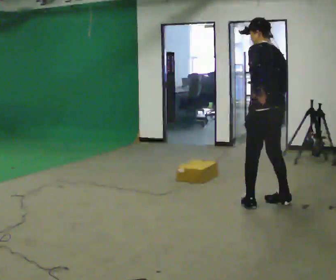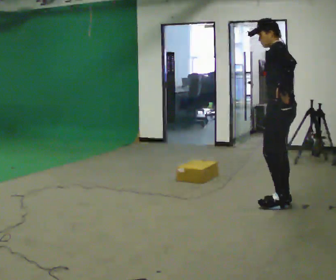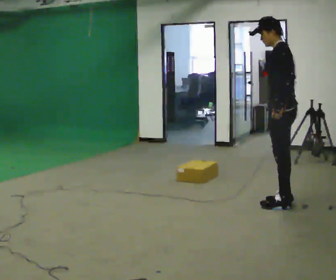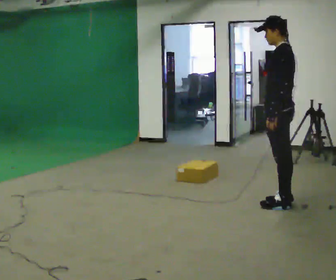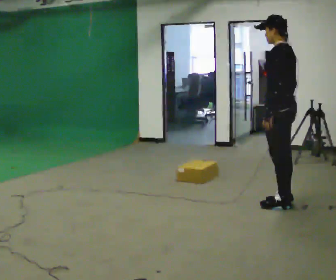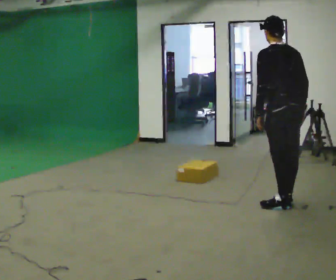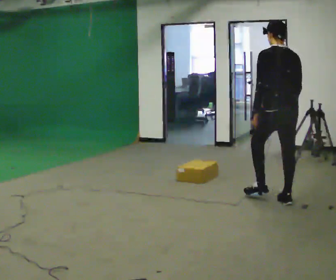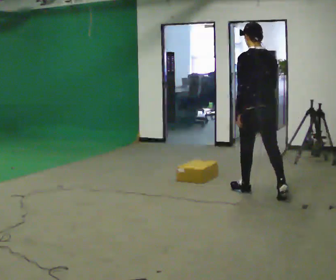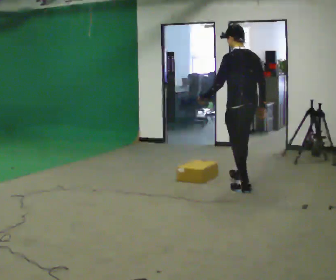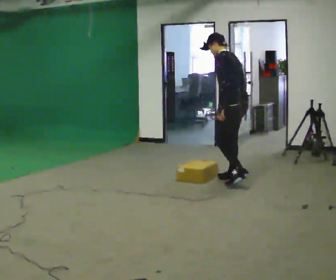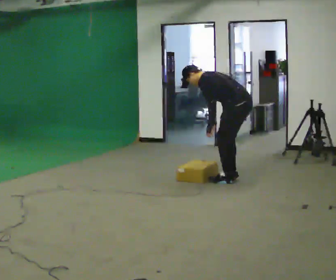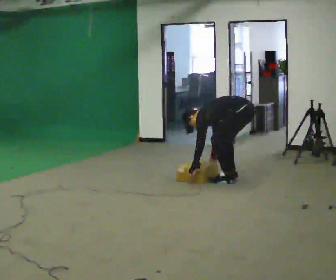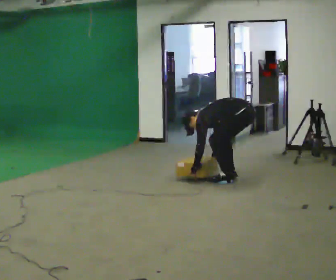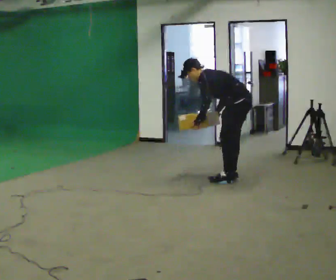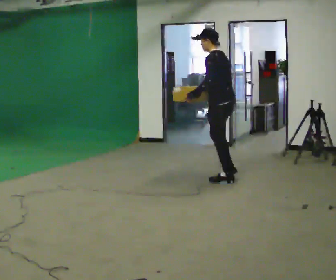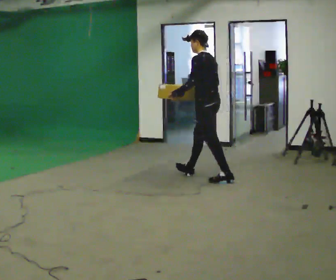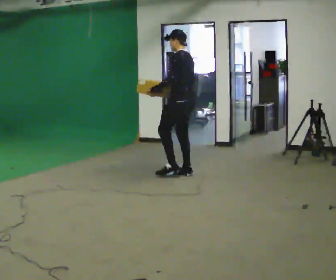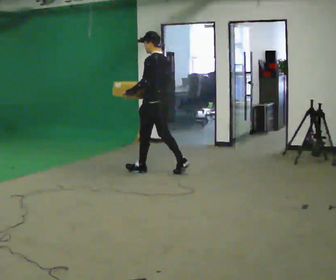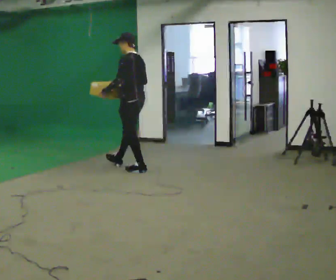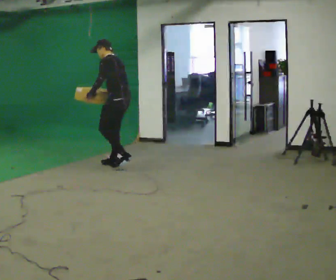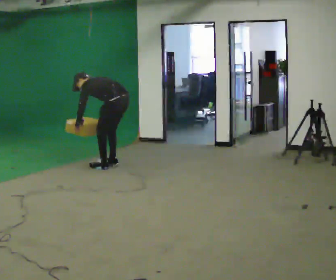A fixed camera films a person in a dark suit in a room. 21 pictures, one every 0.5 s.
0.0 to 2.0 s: The person moves a little, or ends about where they began.
2.0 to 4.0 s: In the picture they go away from the camera and to the left, about 0.5 m in 1 step, which for them is forward.
4.0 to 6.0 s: Seen from above the body turns counterclockwise, about 30 degrees: to their left, with its near side sliding to the right. In the picture they go away from the camera, about 0.25 m in 2 steps, which for them is to their right. The upper body goes downward. In the picture the upper body tilts counterclockwise, shoulders to the left, as they bend forward. In the picture their left hand goes downward.
6.0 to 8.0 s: In the picture they go to the left and away from the camera, about 1 m in 1 step, which for them is forward. The upper body goes upward. In the picture the upper body tilts clockwise, shoulders to the right, as they lean back or straighten. In the picture their right hand goes upward.
8.0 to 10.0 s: In the picture they go to the left, about 1 m in 3 steps, which for them is forward. The shoulders move downward. In the picture the upper body tilts counterclockwise, shoulders to the left, as they bend forward. In the picture their right hand goes downward.
The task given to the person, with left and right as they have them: Start still; walk straight at normal comfortable speed; stop at endpoint.
The film runs forward here.
